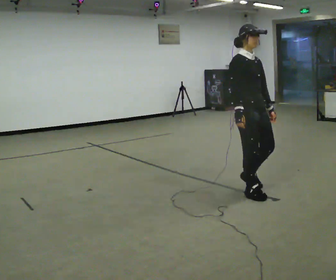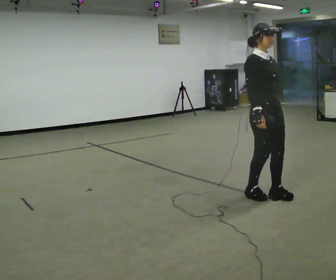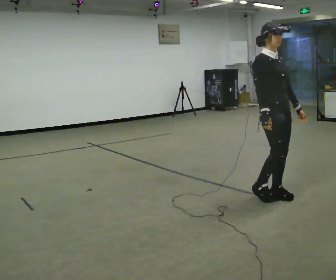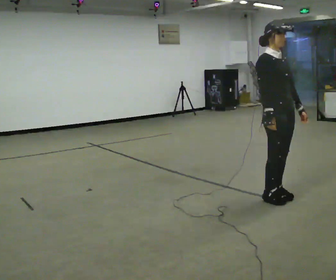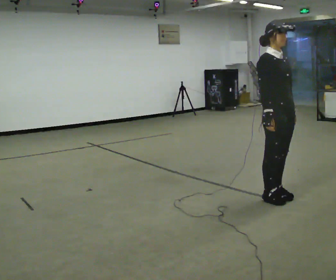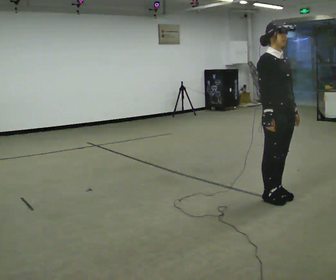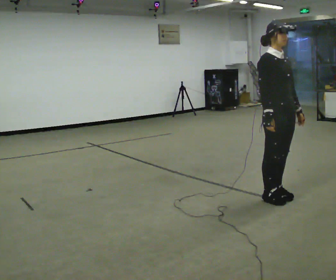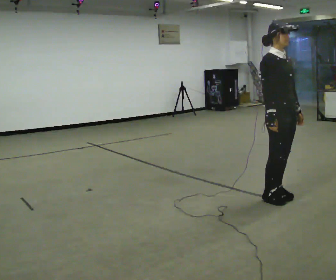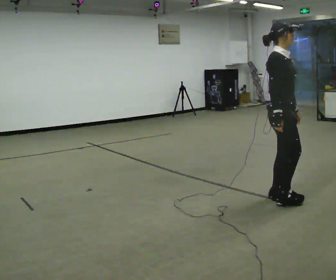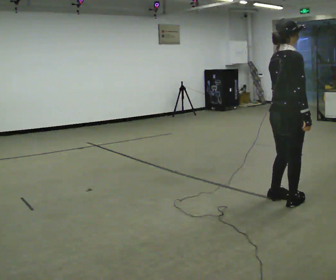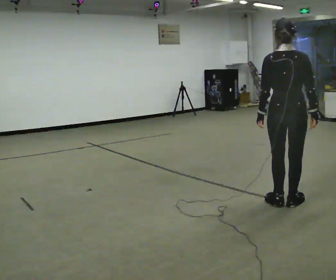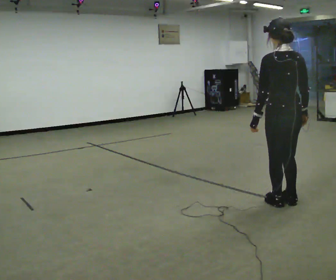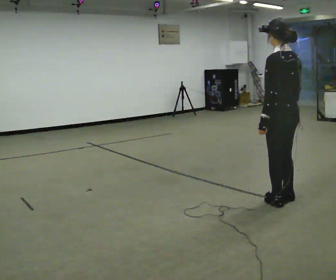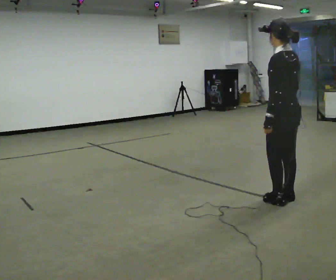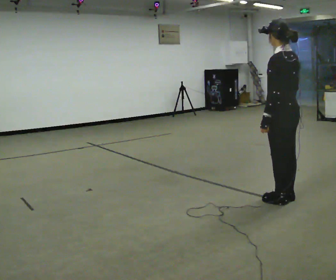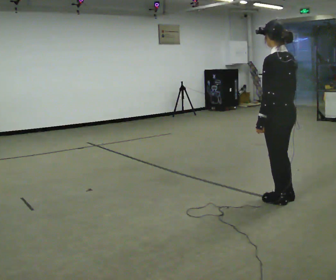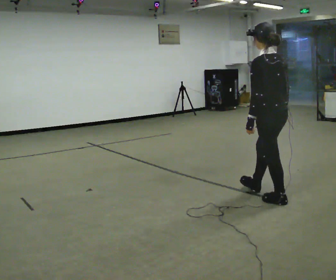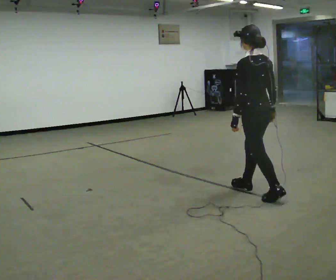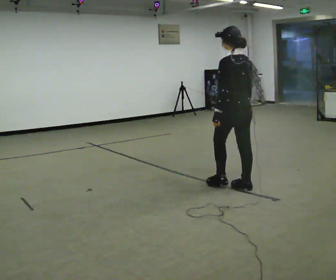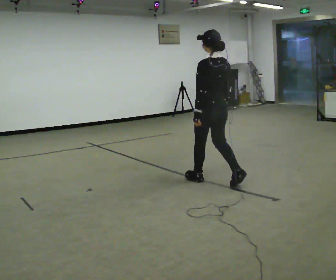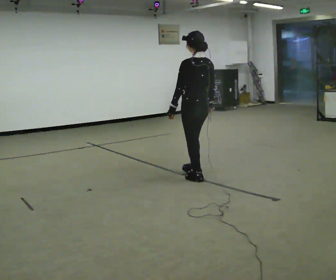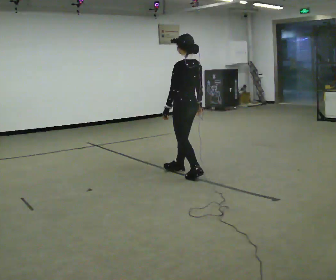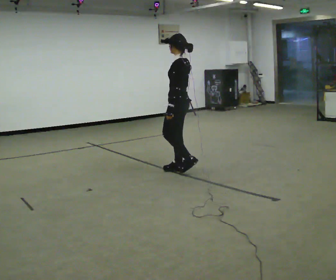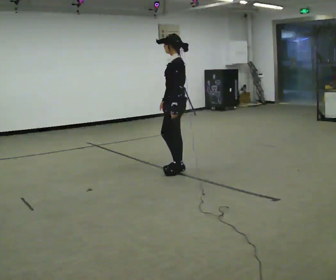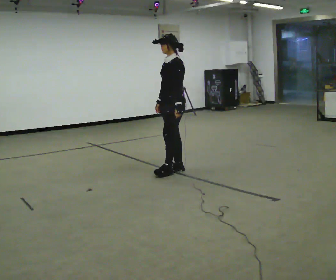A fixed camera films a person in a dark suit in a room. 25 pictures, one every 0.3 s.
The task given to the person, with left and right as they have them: Walk normally; turn left/right while slowing; after turn accelerate back to normal.
0.0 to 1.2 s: In the picture they go to the right, about 0.25 m in 2 steps, which for them is forward.
1.2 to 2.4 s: The person turns about 30 degrees to their left, counterclockwise seen from above, so the part of the body nearest the lens slides to the right.
2.4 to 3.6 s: The part of the body nearest the lens slides to the right as the person turns to their left by about 150 degrees.
3.6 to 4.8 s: The person moves a little, or ends about where they began.
4.8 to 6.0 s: In the picture they go to the left and away from the camera, about 1 m in 2 steps, which for them is forward.
6.0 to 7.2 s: Seen from above the body turns counterclockwise, about 75 degrees: to their left, with its near side sliding to the right. In the picture they go to the left and away from the camera, about 0.5 m in 2 steps.
The film runs forward here.
